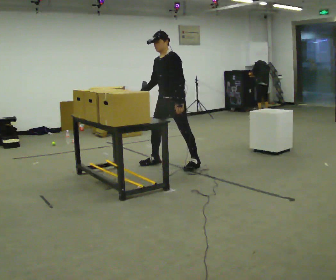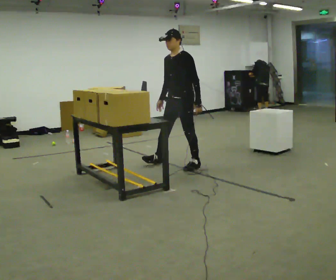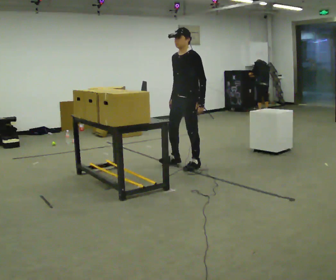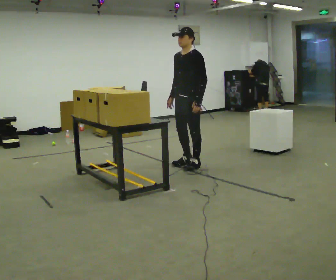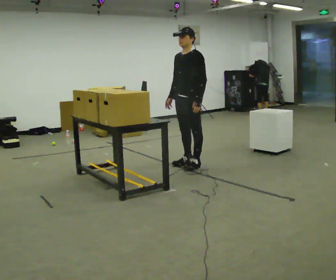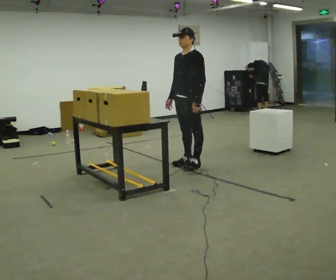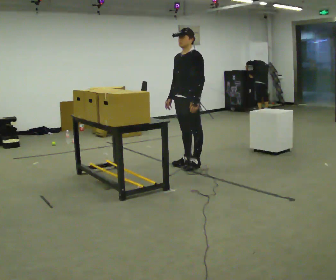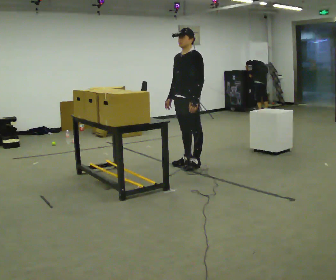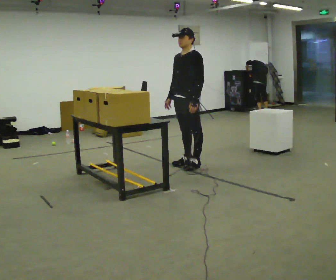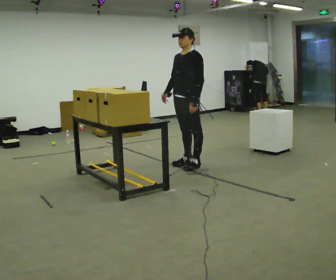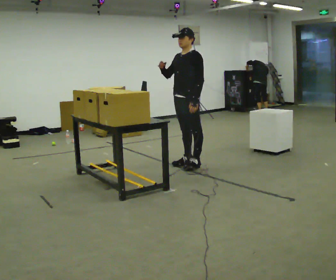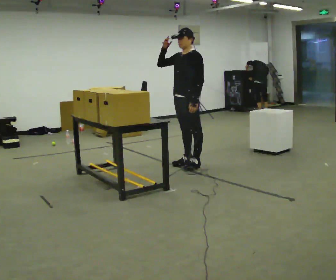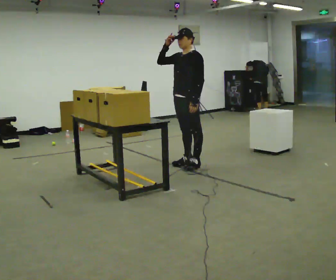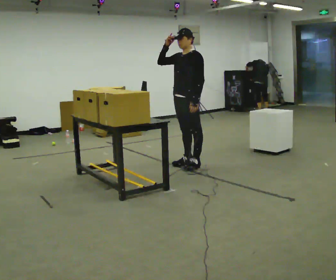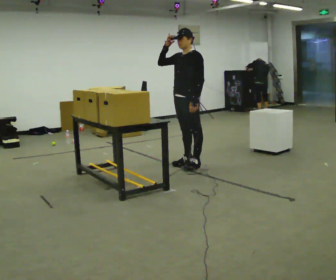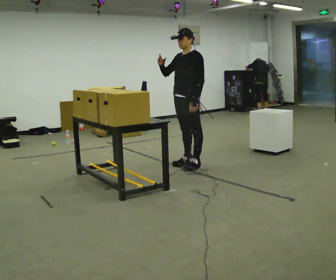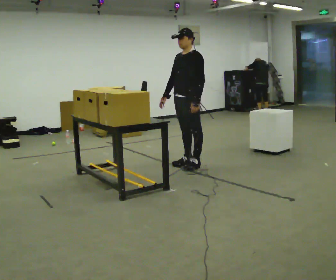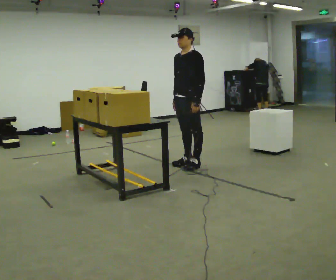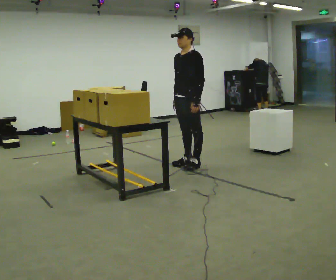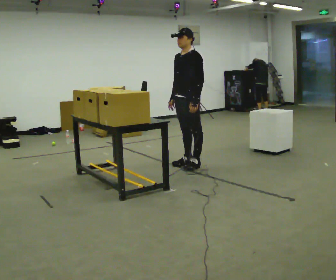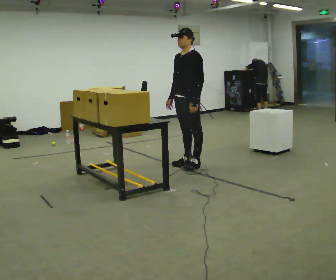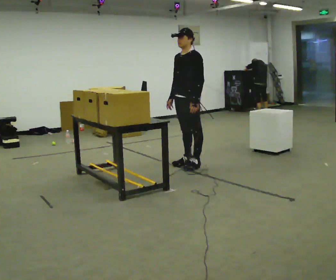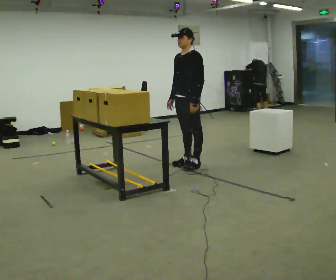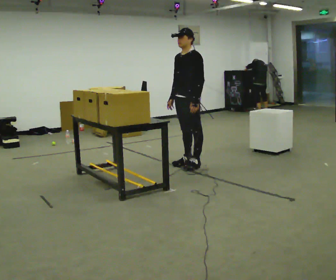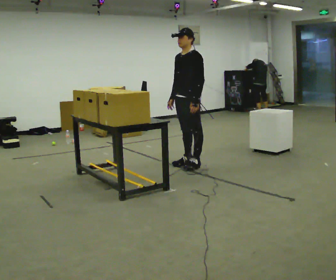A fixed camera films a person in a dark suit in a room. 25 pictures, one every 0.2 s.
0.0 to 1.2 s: In the picture they go to the right, about 0.25 m in 1 step, which for them is to their left. In the picture their right hand goes to the right.
1.2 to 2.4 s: In the picture their right hand goes upward, the arm swinging clockwise.
2.4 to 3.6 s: In the picture their right hand goes downward, the arm swinging counterclockwise.
3.6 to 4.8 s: The person moves a little, or ends about where they began.
The film runs forward here.
